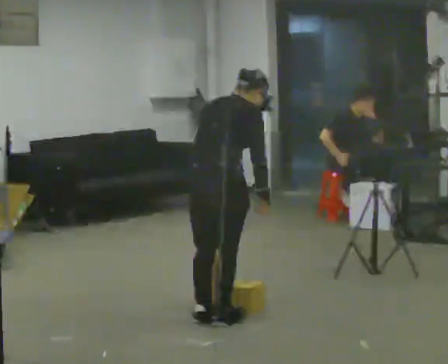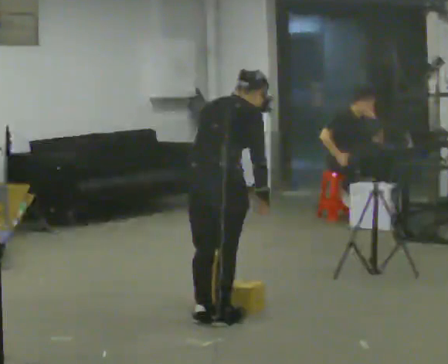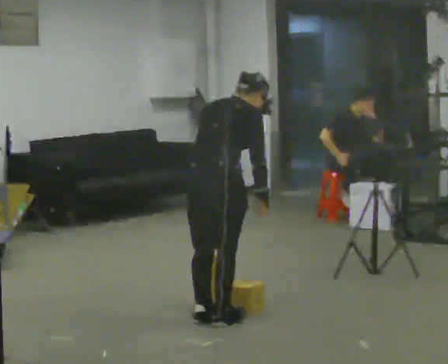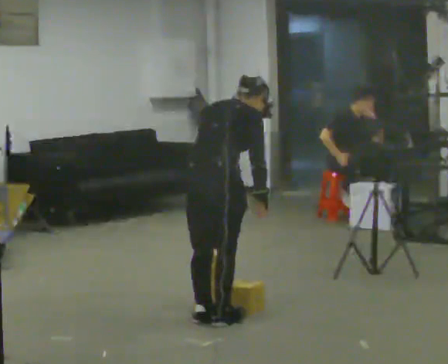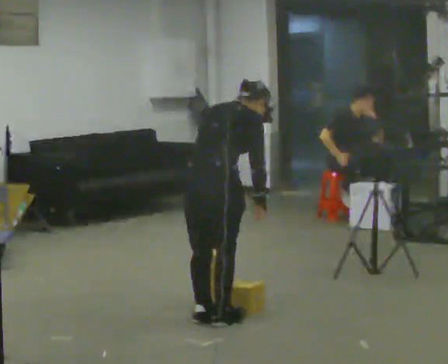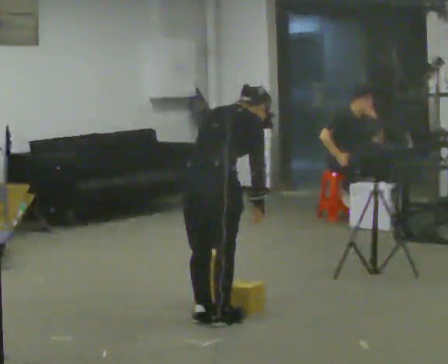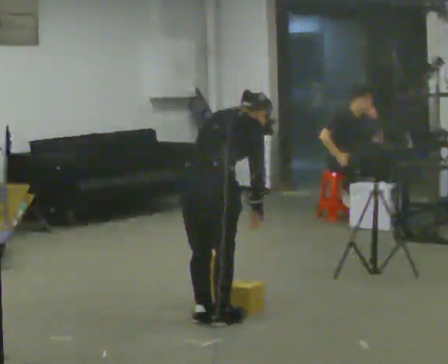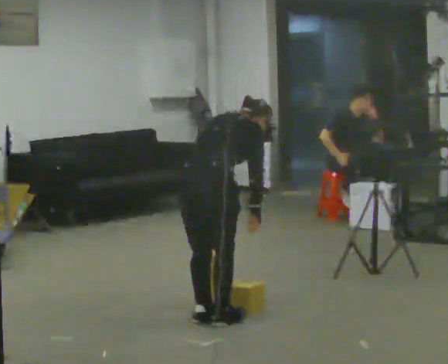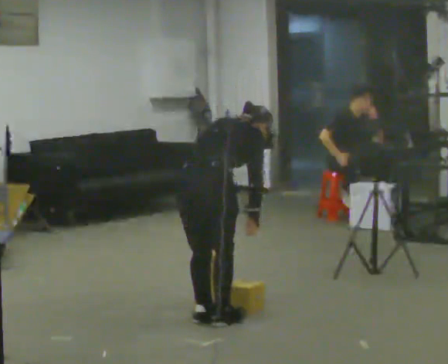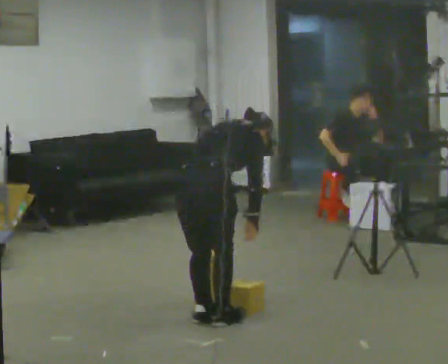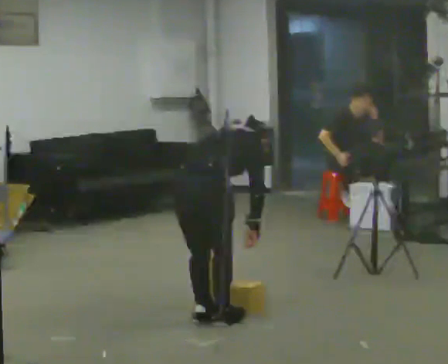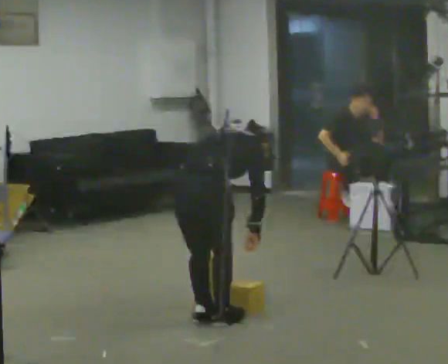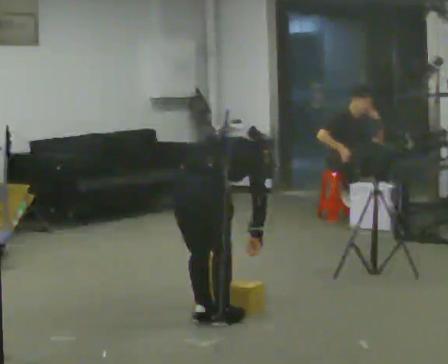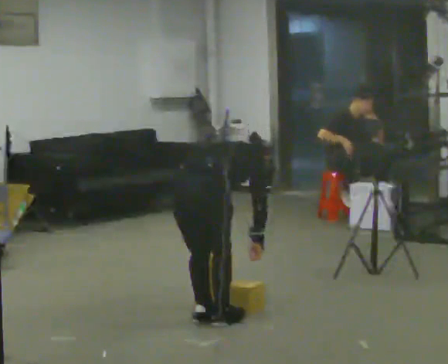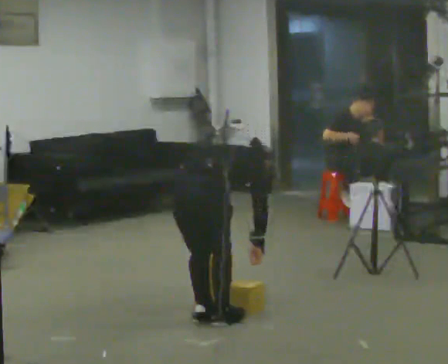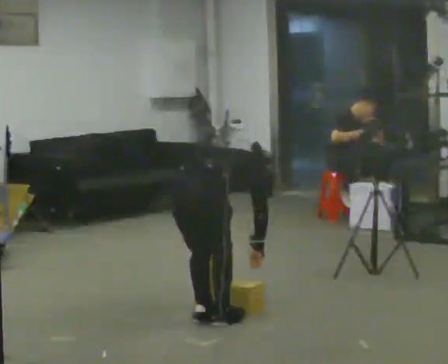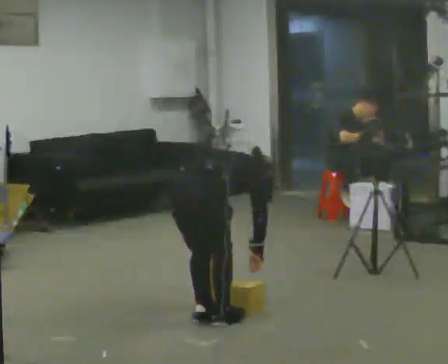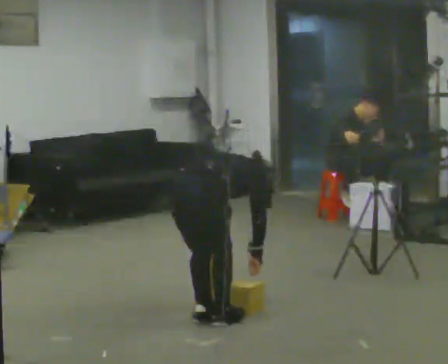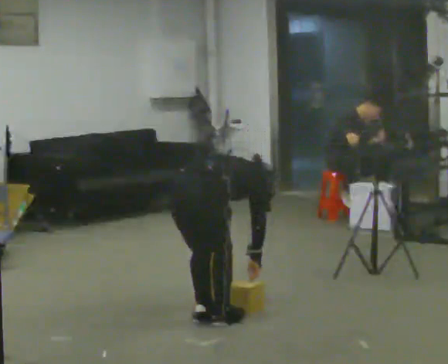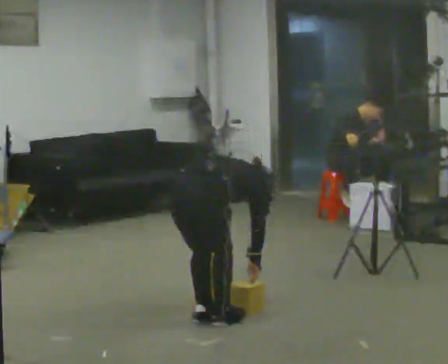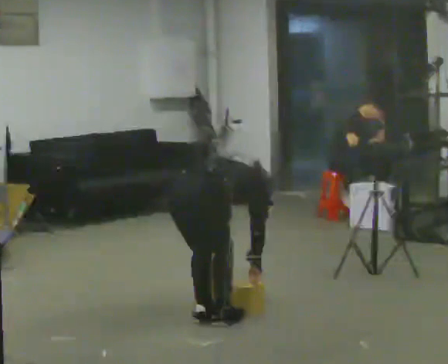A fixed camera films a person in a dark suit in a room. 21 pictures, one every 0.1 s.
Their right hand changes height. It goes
downward.
The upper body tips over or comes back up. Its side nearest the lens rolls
upward.
0.0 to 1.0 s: The shoulders move downward. The upper body tips away from the camera, its near side rolling upward, as they bend forward.
1.0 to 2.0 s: The upper body goes downward. The upper body tips away from the camera, its near side rolling upward, as they bend forward.
The film runs forward here.
